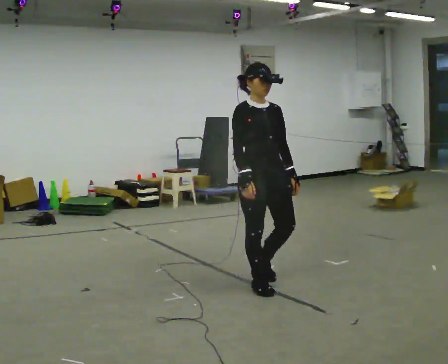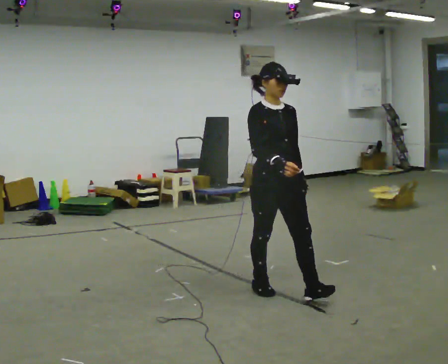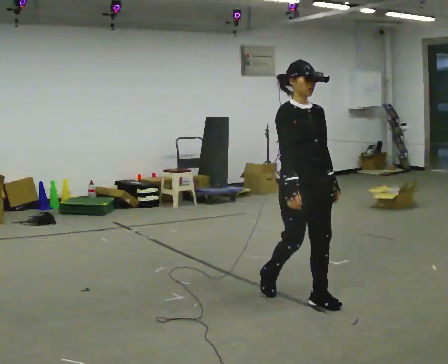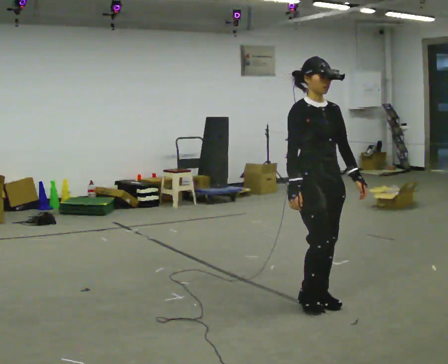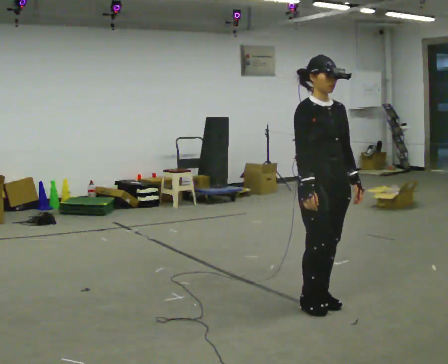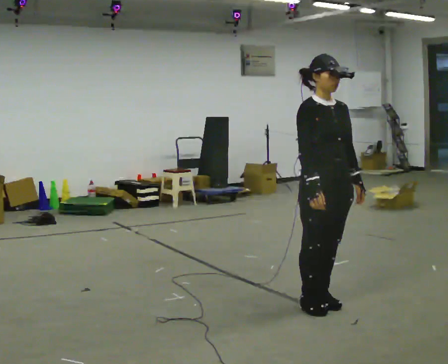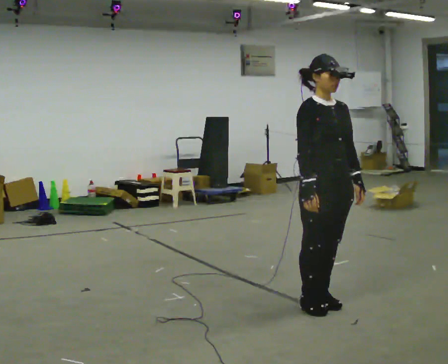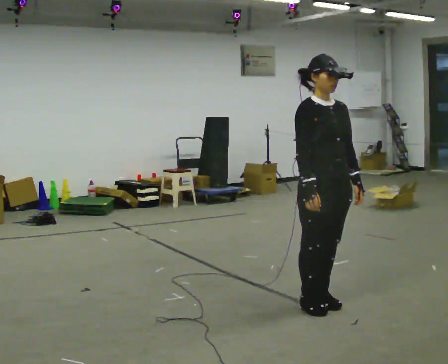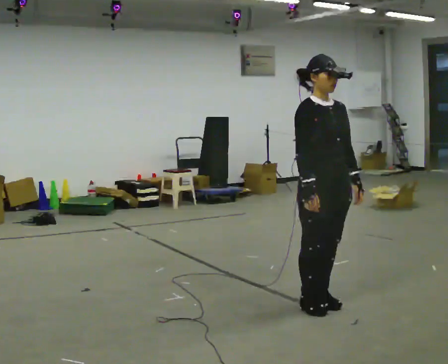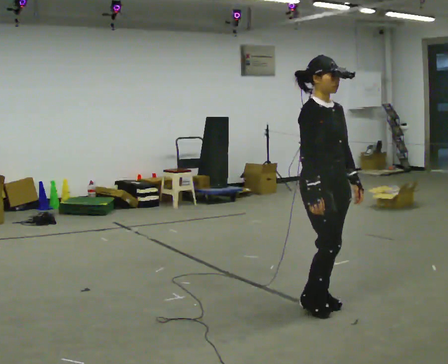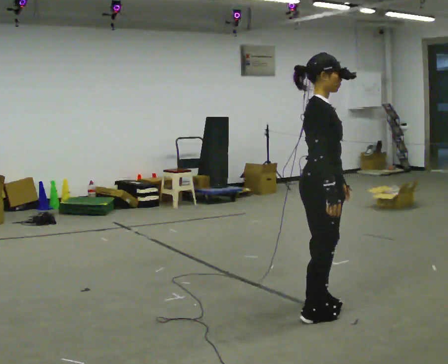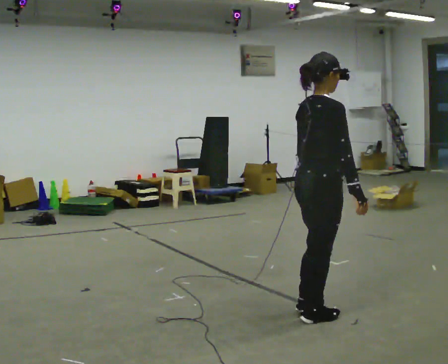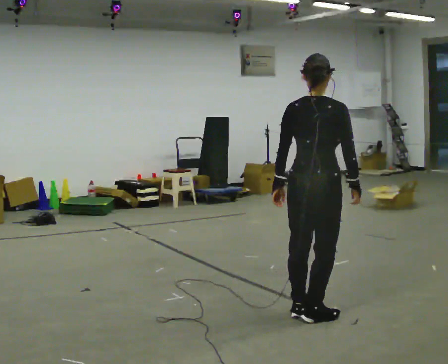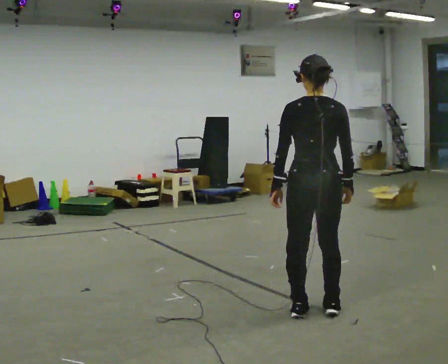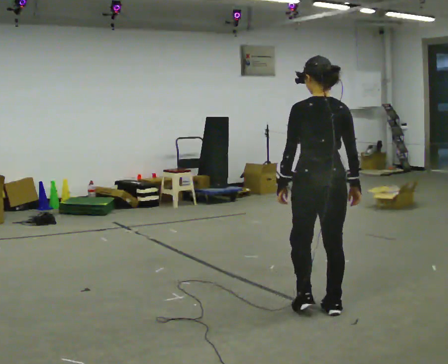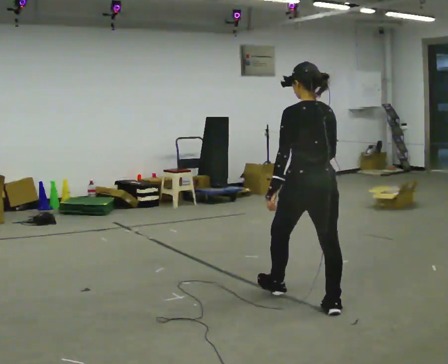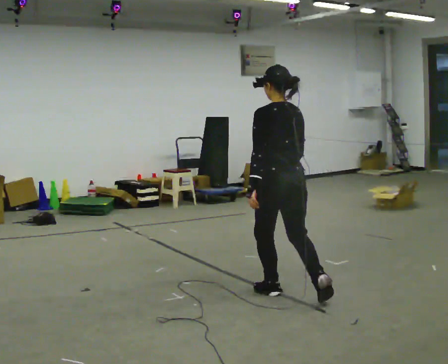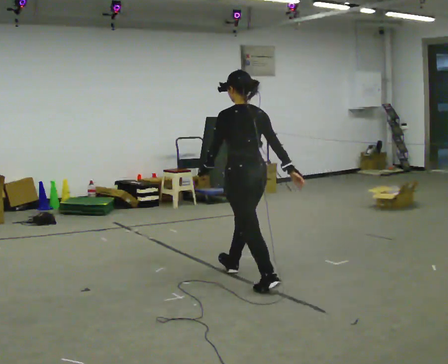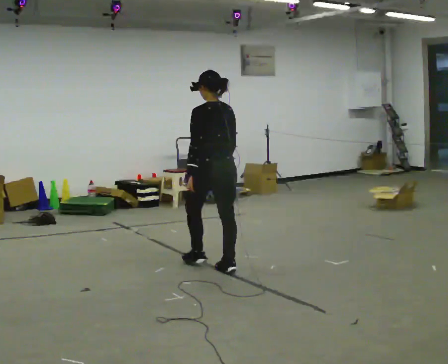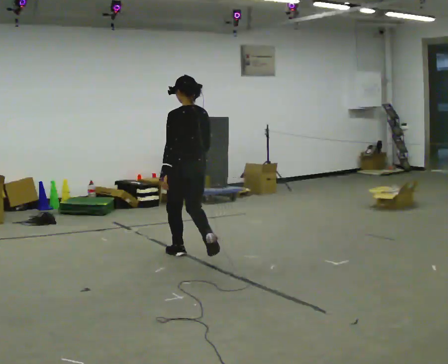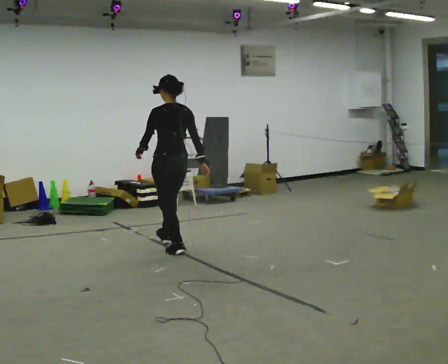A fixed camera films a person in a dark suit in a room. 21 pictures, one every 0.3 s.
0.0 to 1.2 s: In the picture they go to the right and toward the camera, about 0.5 m in 2 steps, which for them is forward.
1.2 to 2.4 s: The person moves a little, or ends about where they began.
2.4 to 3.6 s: The person turns about 120 degrees to their left, counterclockwise seen from above, so the part of the body nearest the lens slides to the right. In the picture their left hand goes to the left, the arm swinging clockwise.
3.6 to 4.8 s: Seen from above the body turns counterclockwise, about 45 degrees: to their left, with its near side sliding to the right. In the picture they go away from the camera and to the left, about 0.5 m in 2 steps, which for them is forward.
4.8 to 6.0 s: In the picture they go away from the camera and to the left, about 1.5 m in 2 steps, which for them is forward.
The film runs forward here.
